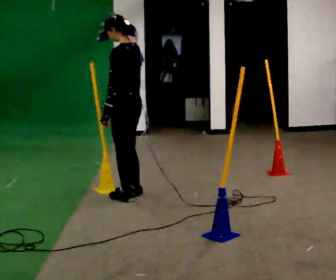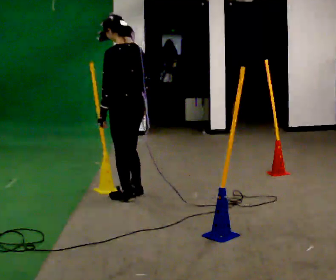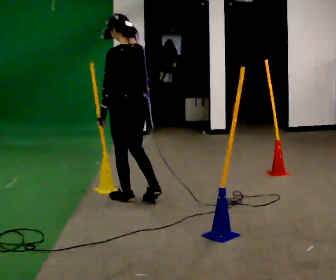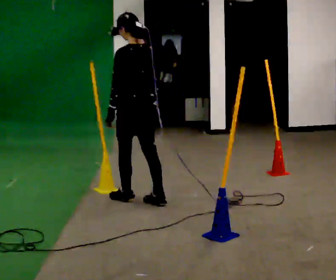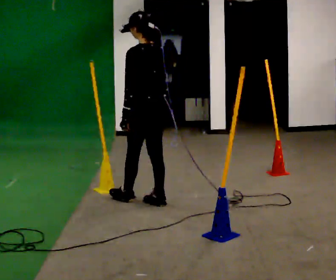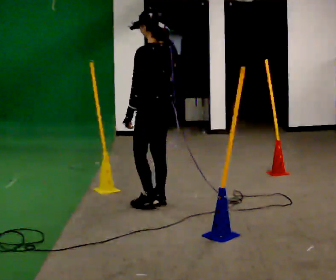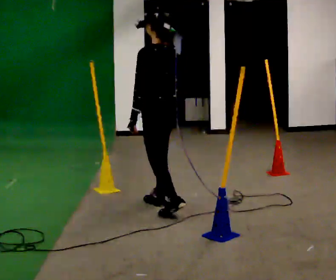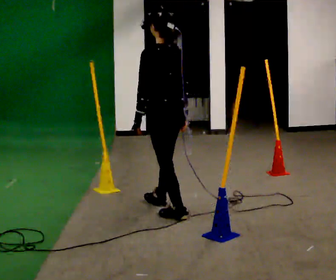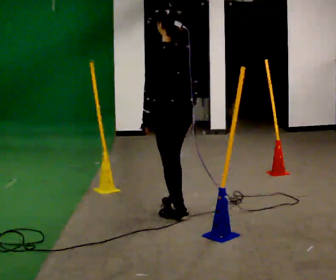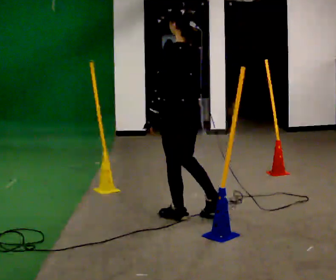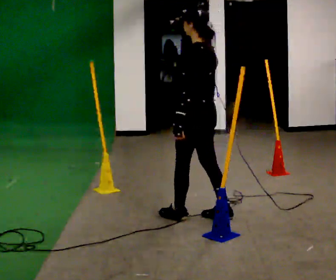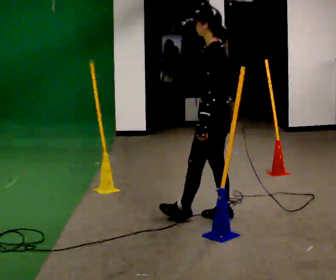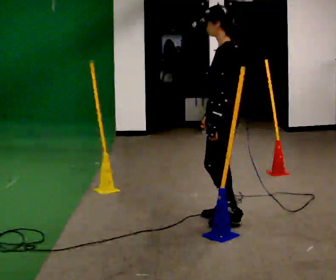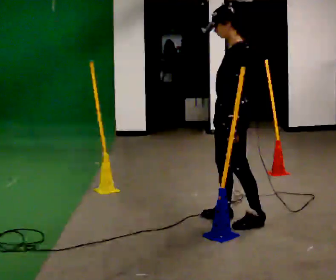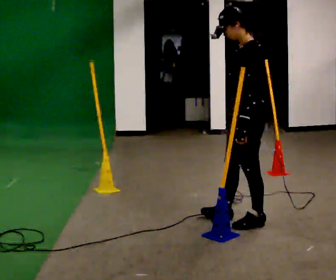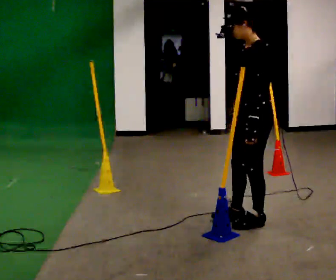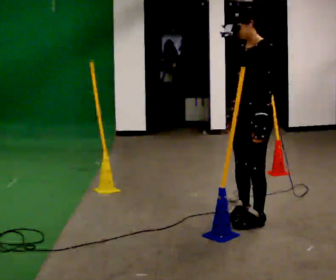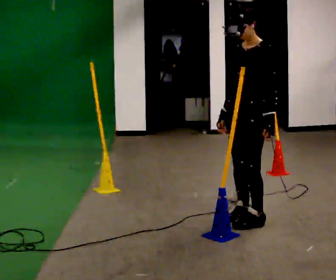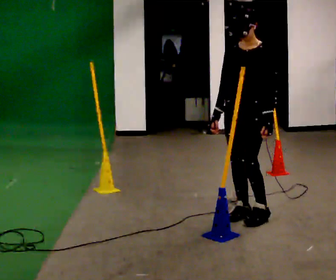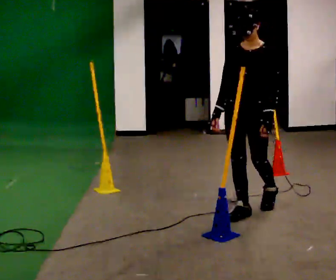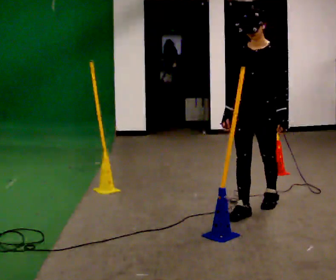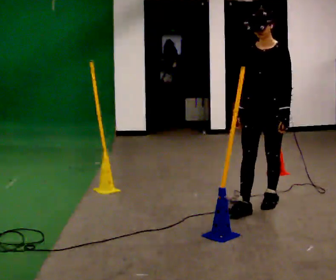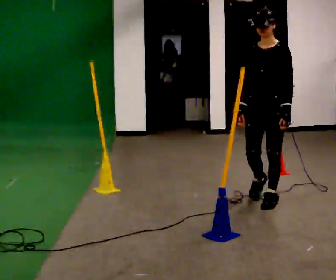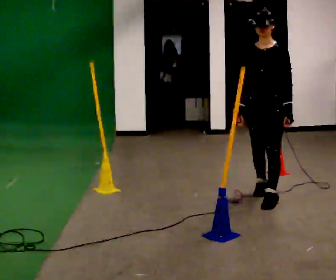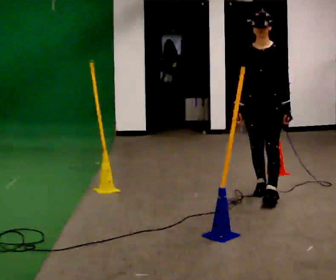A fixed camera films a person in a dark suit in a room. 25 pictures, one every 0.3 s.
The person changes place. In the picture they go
to the right.
The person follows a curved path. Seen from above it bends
counterclockwise.
0.0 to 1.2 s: In the picture they go to the right and toward the camera, about 0.25 m in 1 step, which for them is backward.
1.2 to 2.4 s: In the picture they go toward the camera and to the right, about 0.5 m in 2 steps, which for them is backward.
2.4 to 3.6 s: The person turns about 45 degrees to their left, counterclockwise seen from above, so the part of the body nearest the lens slides to the right. In the picture they go to the right, about 0.5 m in 1 step, which for them is backward and to their right.
3.6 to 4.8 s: In the picture they go to the right, about 0.25 m in 1 step, which for them is backward and to their left. In the picture their left hand goes to the right.
4.8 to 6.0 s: Seen from above the body turns counterclockwise, about 45 degrees: to their left, with its near side sliding to the right. In the picture they go away from the camera, about 0.25 m in 1 step, which for them is backward and to their right.
6.0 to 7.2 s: In the picture they go away from the camera, about 0.5 m in 1 step, which for them is backward.
The film runs backward here.
